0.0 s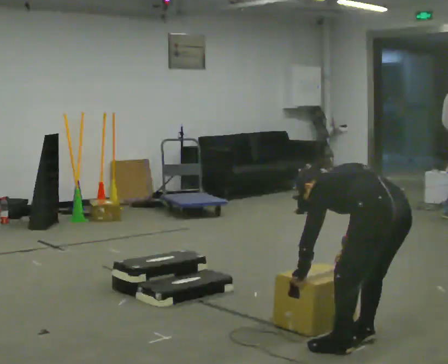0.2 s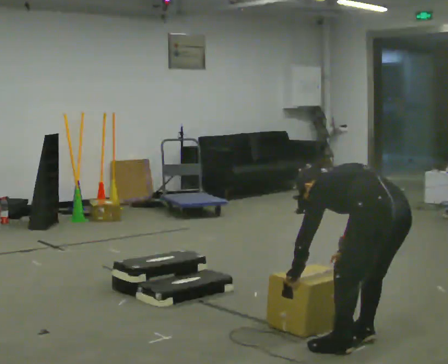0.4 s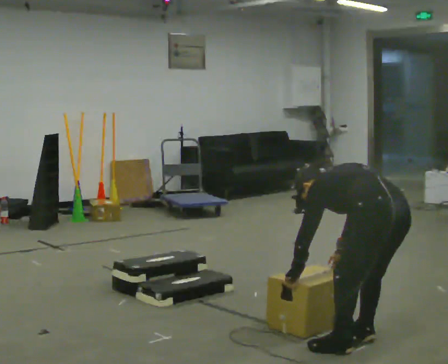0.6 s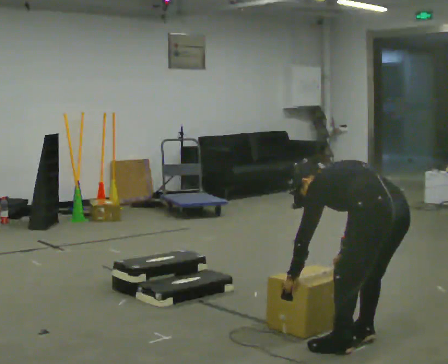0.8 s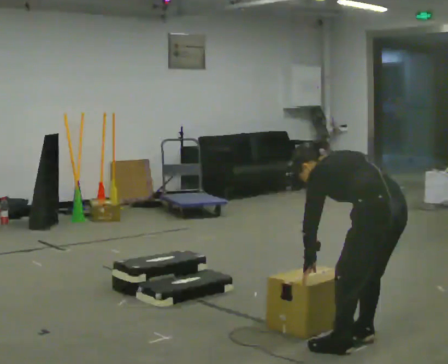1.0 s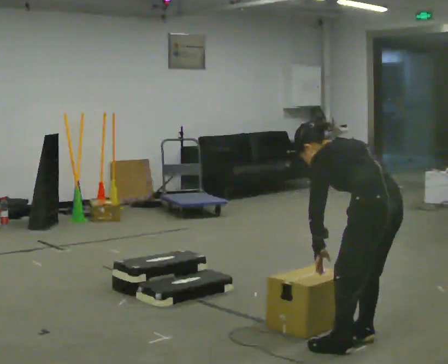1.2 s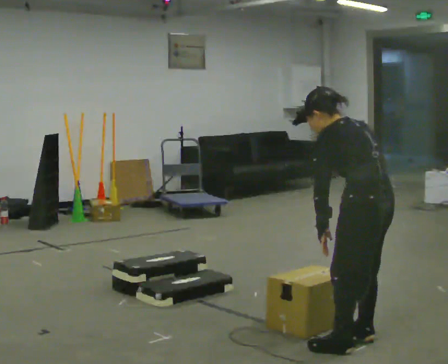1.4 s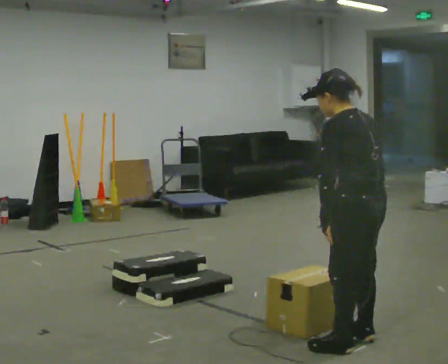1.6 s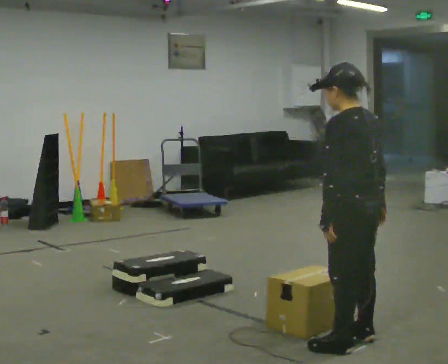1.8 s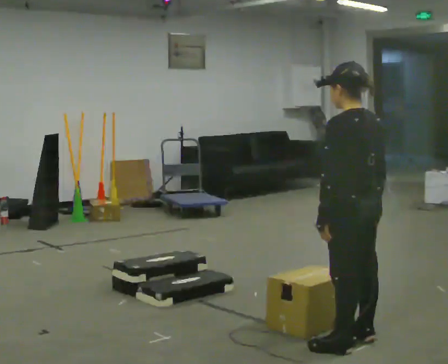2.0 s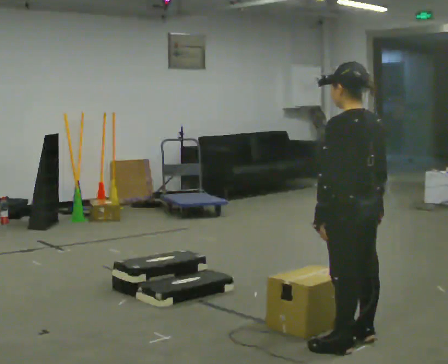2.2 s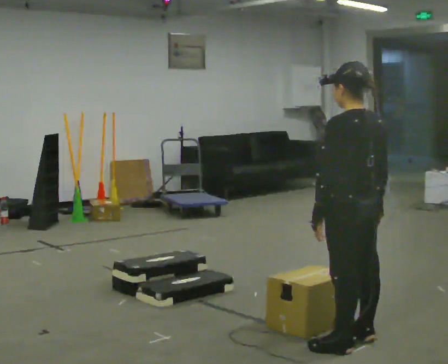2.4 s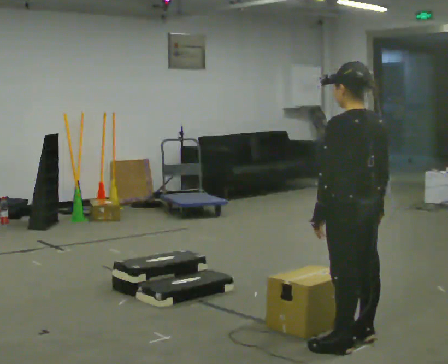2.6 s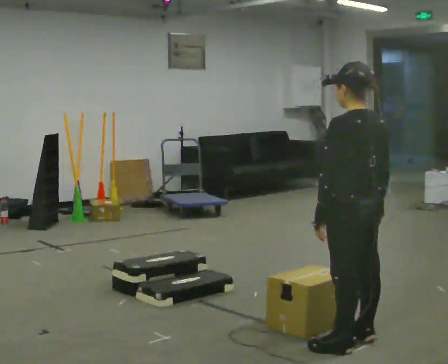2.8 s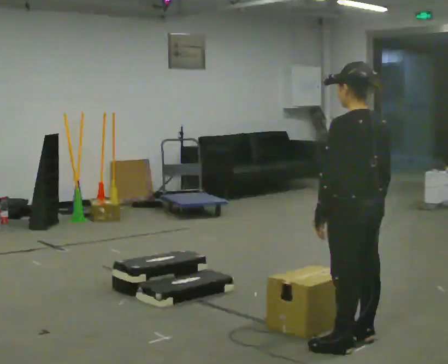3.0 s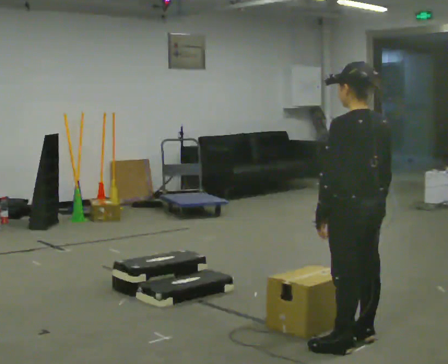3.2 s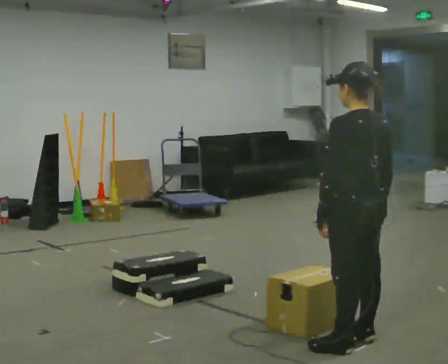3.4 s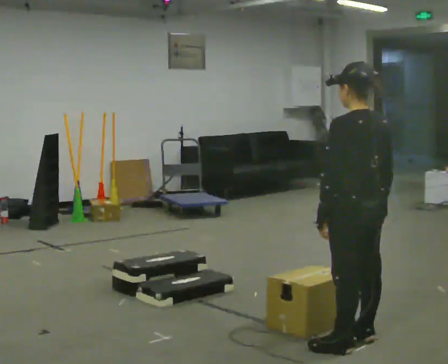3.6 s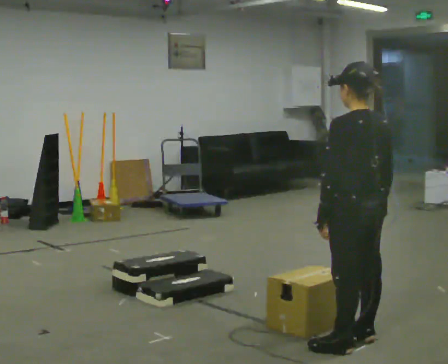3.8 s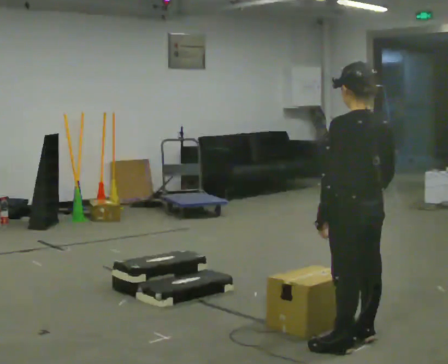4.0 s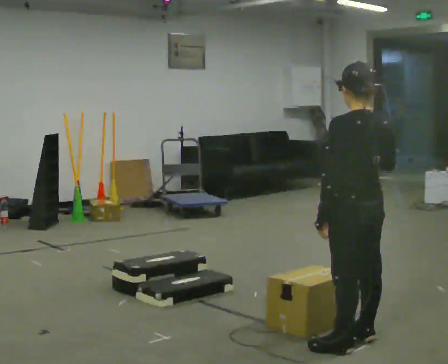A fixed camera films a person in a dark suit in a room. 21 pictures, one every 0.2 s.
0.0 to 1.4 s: The upper body goes upward. The upper body tips toward the camera, its near side rolling downward, as they lean back or straighten. In the picture their left hand goes upward.
1.4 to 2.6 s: The person moves a little, or ends about where they began.
2.6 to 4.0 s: In the picture their right hand goes upward.
The film runs forward here.
